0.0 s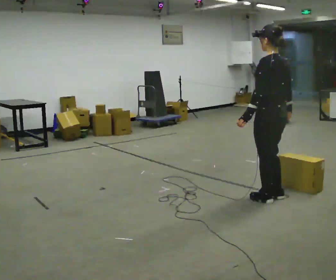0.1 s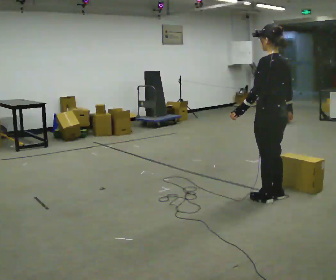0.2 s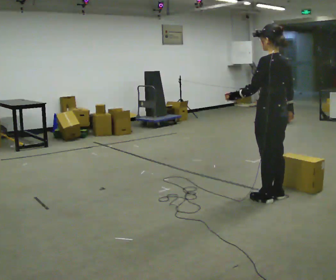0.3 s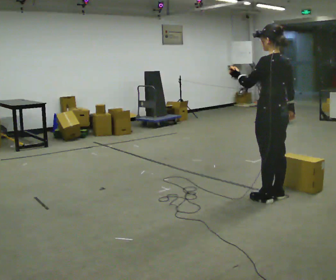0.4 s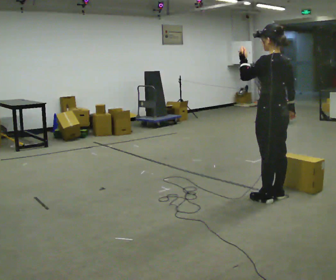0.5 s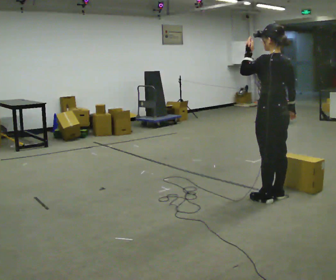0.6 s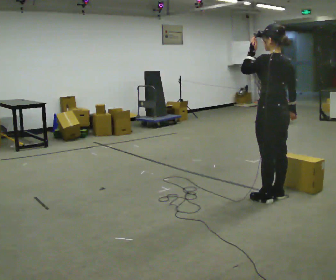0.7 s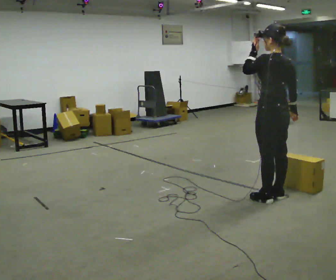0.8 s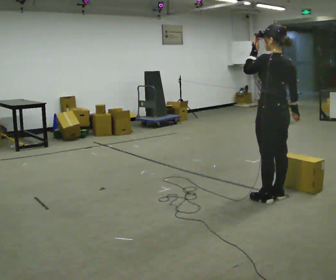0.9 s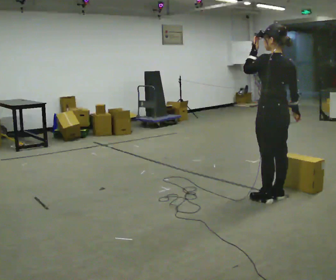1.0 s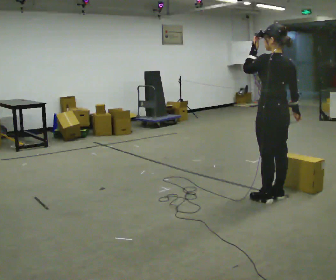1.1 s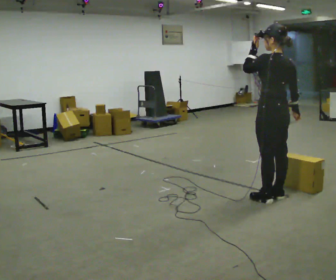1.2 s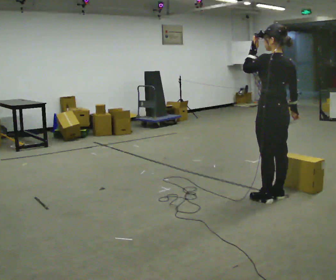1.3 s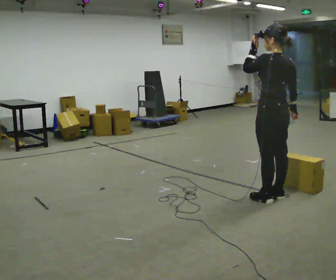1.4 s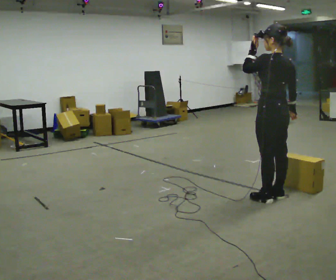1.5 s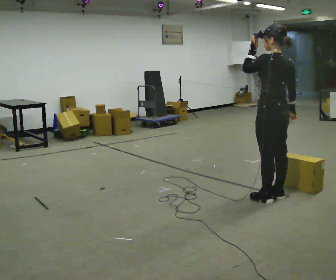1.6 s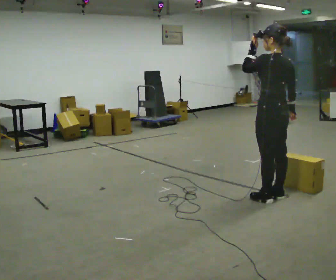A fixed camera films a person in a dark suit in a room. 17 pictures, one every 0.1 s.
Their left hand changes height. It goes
upward.
0.0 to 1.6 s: In the picture their left hand goes upward.
The film runs forward here.
